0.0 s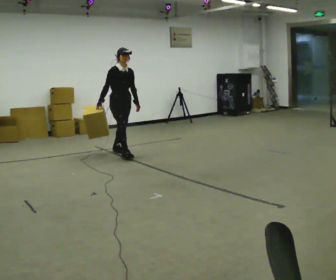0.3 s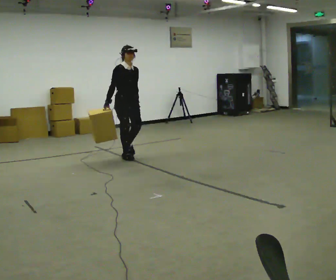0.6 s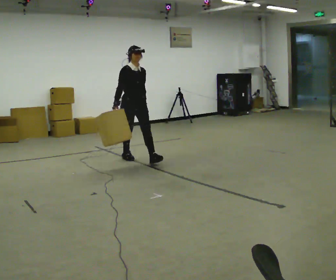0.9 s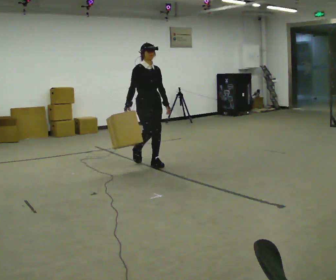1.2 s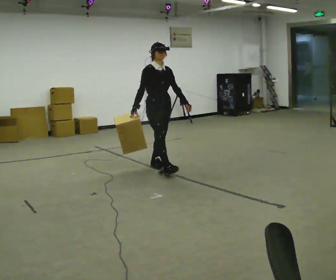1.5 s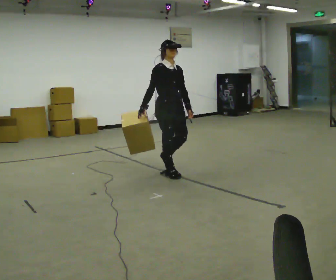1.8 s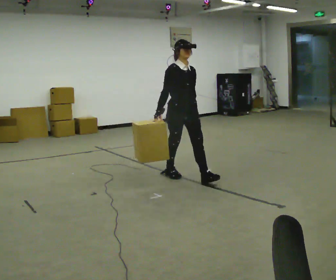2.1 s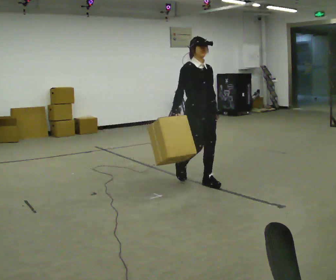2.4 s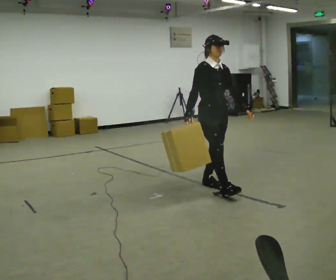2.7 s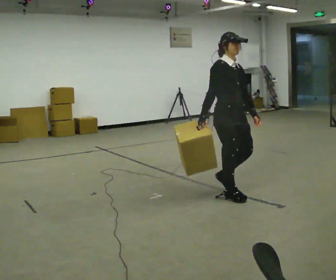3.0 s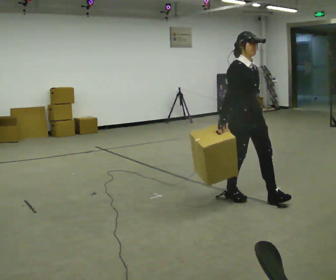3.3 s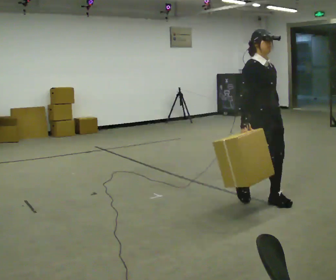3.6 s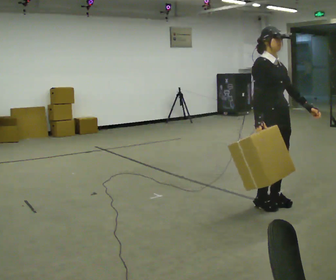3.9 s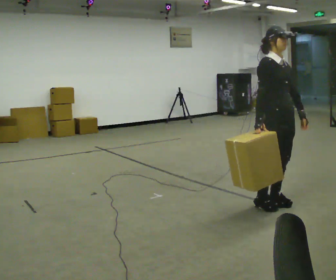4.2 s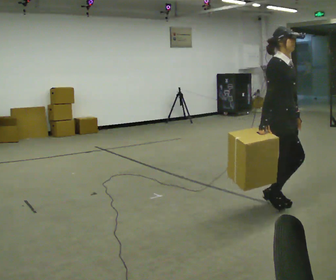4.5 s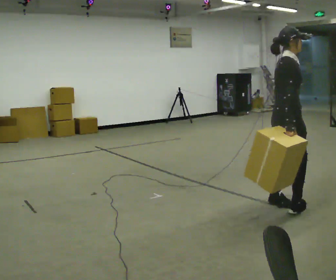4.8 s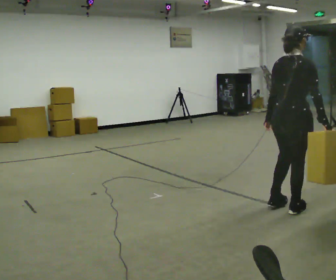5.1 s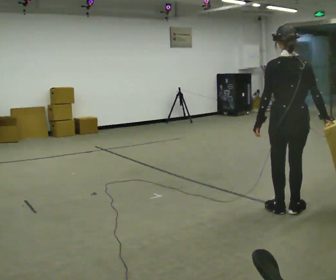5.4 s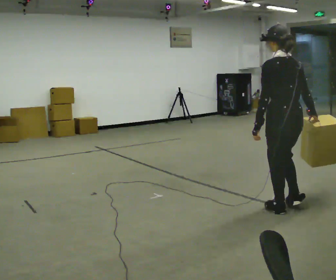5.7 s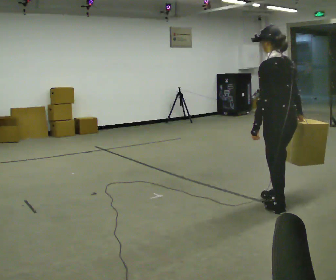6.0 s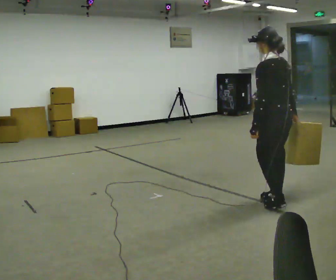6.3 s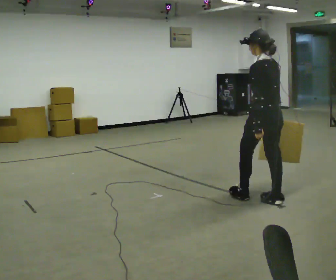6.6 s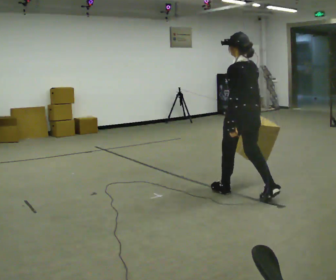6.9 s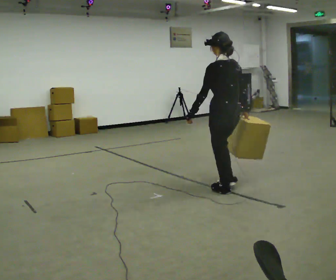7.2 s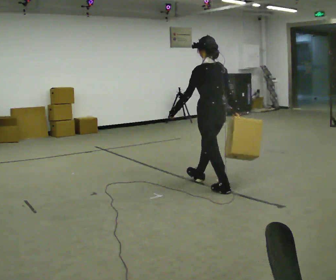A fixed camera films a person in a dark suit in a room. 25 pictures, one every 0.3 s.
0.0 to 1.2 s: In the picture they go to the right and toward the camera, about 1 m in 1 step, which for them is forward.
1.2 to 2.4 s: In the picture they go to the right and toward the camera, about 1 m in 2 steps, which for them is forward.
2.4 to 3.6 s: In the picture they go to the right and toward the camera, about 1 m in 3 steps, which for them is forward.
3.6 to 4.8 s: Seen from above the body turns counterclockwise, about 90 degrees: to their left, with its near side sliding to the right. In the picture they go toward the camera and to the right, about 0.25 m in 1 step. In the picture their left hand goes to the left, the arm swinging clockwise.
4.8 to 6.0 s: The person turns about 90 degrees to their left, counterclockwise seen from above, so the part of the body nearest the lens slides to the right. In the picture they go away from the camera, about 0.25 m in 2 steps.
6.0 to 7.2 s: In the picture they go to the left and away from the camera, about 1 m in 1 step, which for them is forward.
The film runs forward here.
